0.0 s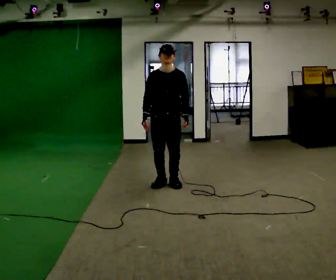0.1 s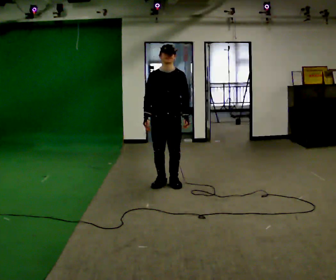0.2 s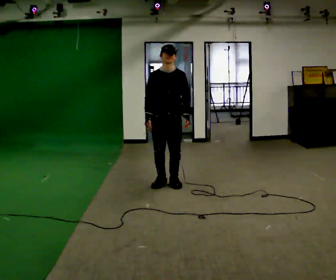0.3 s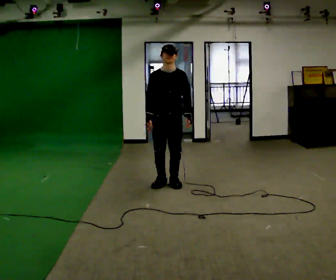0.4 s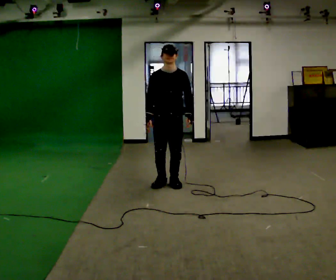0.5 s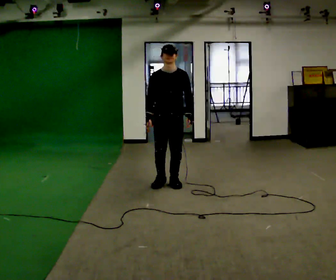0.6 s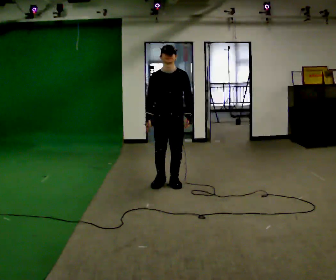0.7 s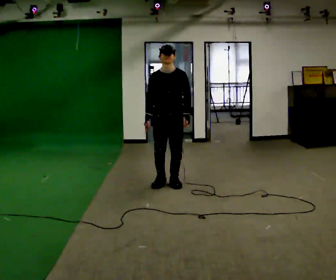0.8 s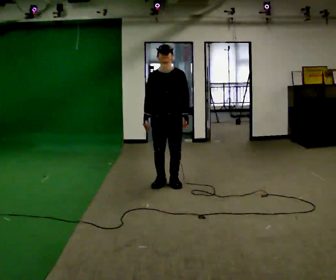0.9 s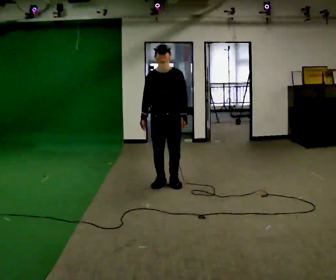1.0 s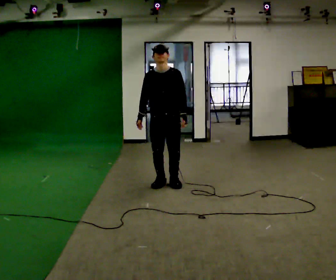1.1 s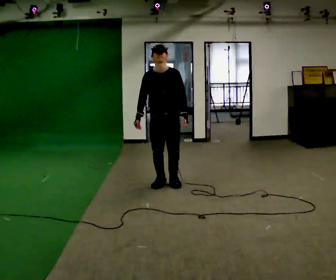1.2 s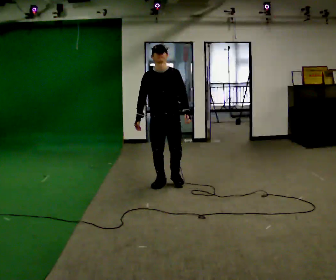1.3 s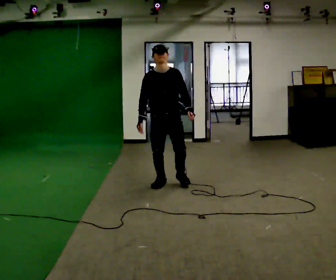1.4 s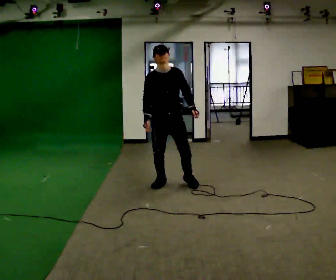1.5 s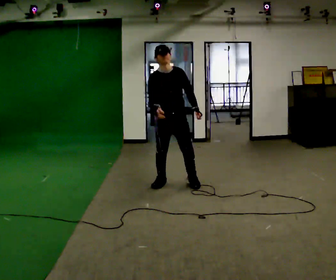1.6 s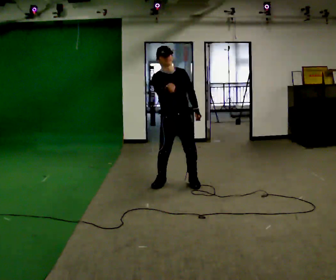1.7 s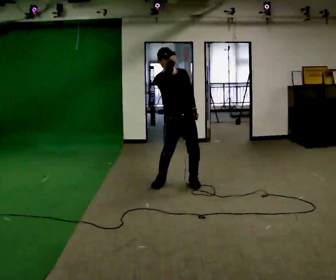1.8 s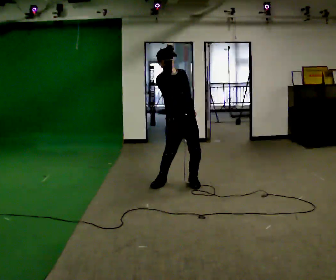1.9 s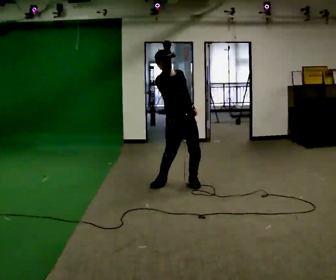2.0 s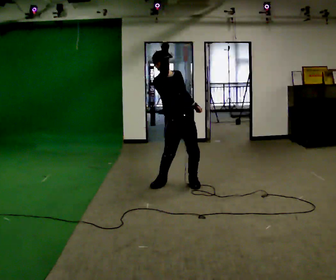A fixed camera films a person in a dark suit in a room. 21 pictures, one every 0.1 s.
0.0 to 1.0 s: The person moves a little, or ends about where they began.
1.0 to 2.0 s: Seen from above the body turns counterclockwise, about 30 degrees: to their left, with its near side sliding to the right. In the picture their right hand goes upward and to the right.
The film runs backward here.
